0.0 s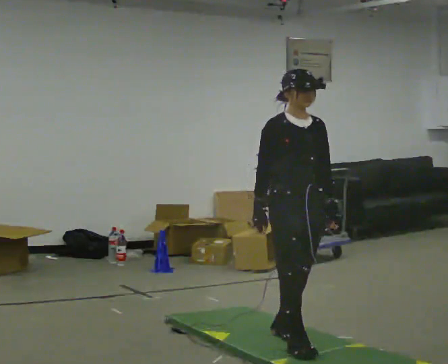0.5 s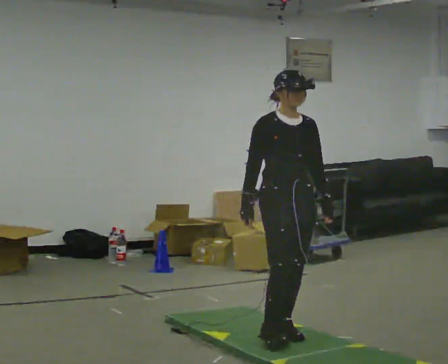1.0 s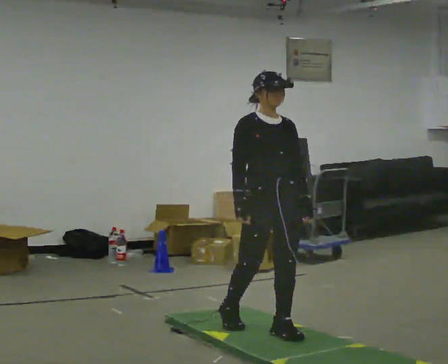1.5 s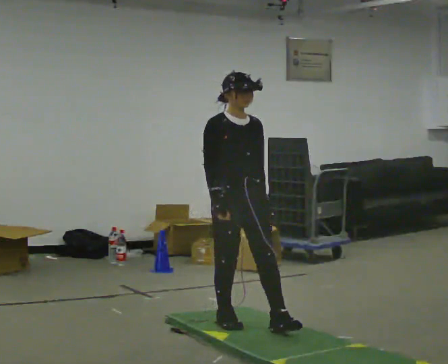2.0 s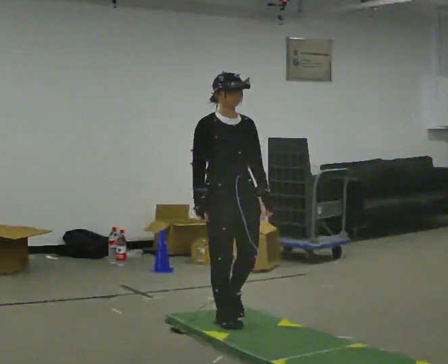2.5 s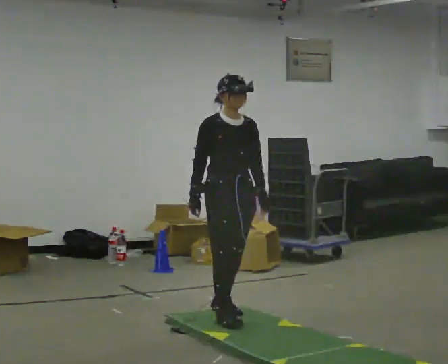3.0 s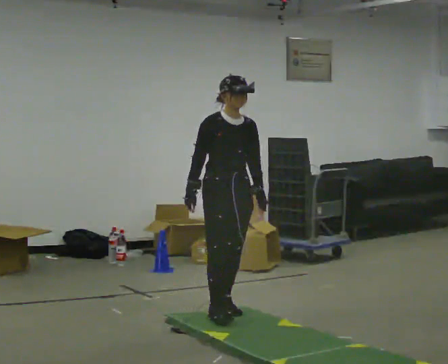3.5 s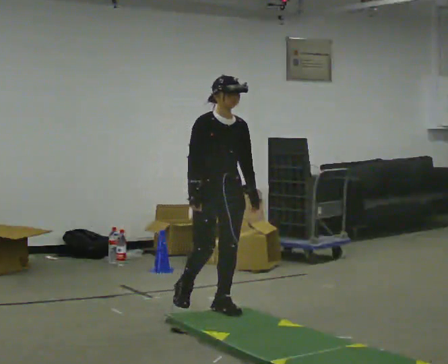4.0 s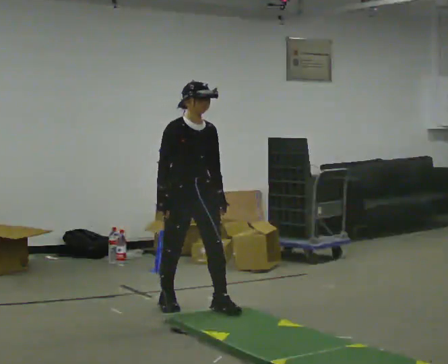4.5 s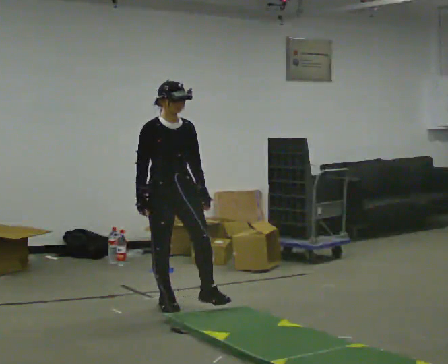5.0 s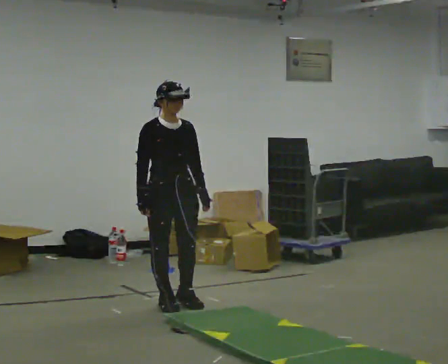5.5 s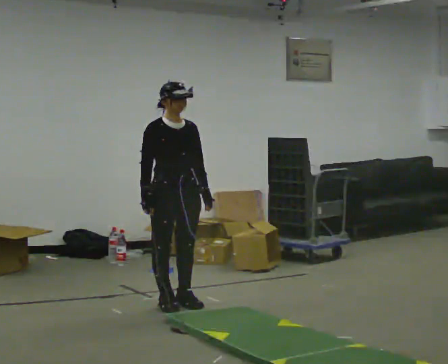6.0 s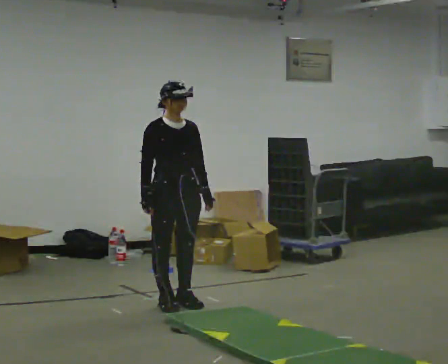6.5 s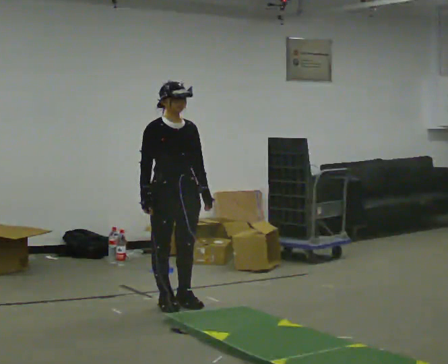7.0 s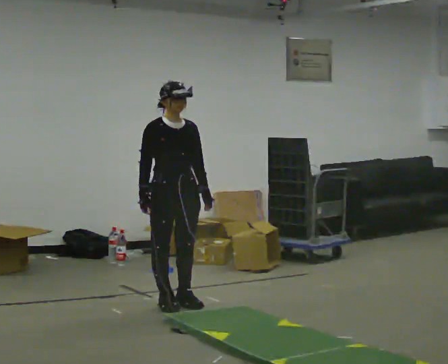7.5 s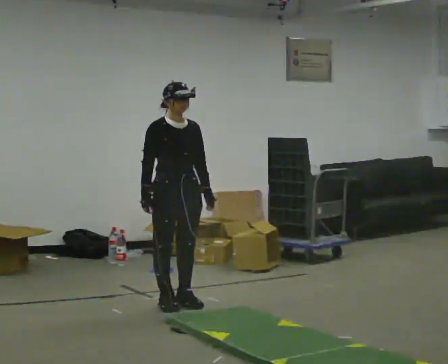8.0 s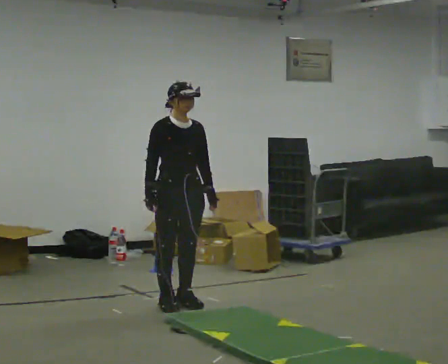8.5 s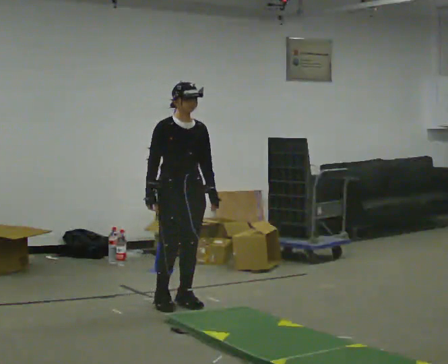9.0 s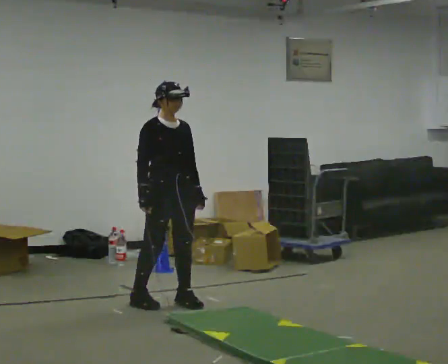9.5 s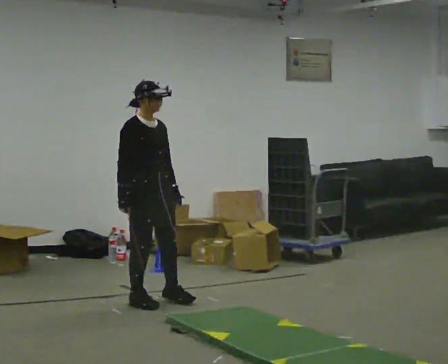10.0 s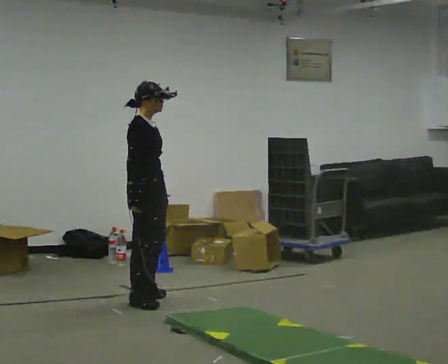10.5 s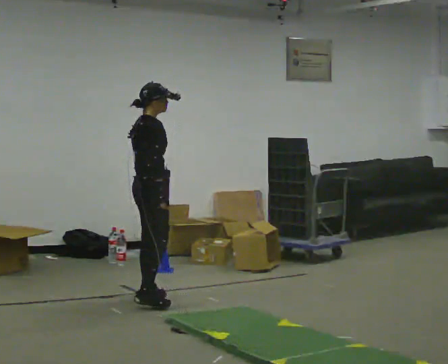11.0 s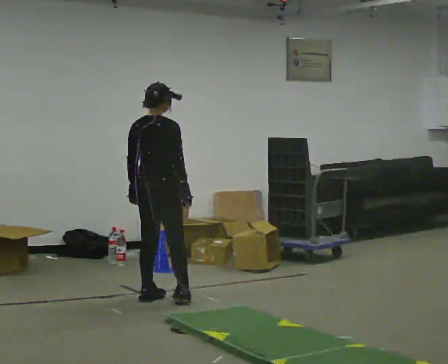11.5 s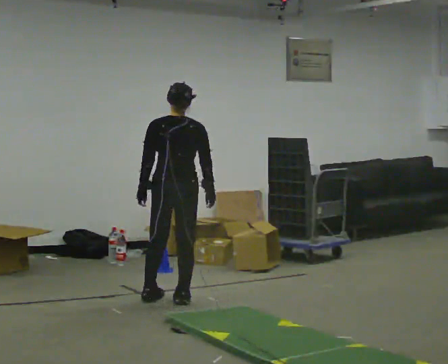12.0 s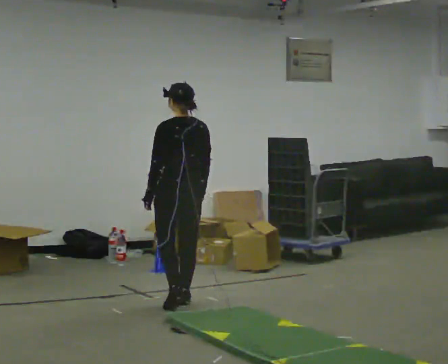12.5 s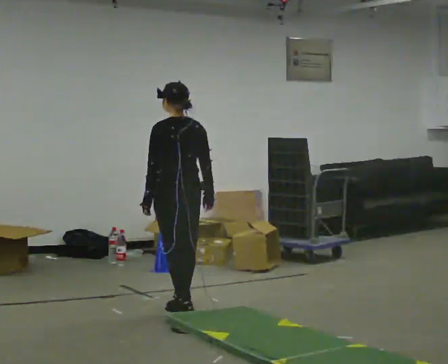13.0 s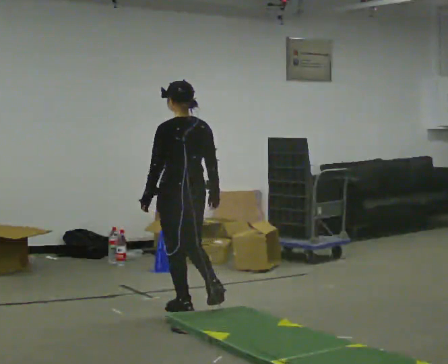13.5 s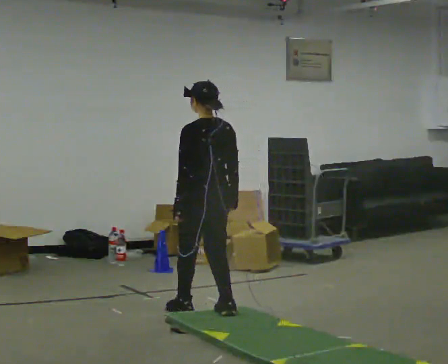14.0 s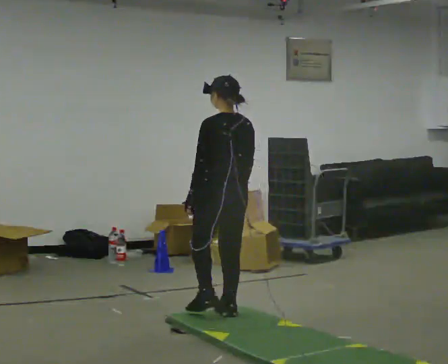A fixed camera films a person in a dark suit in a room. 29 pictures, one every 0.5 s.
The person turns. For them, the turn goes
to their left.
The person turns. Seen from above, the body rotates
counterclockwise.
0.0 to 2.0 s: In the picture they go away from the camera and to the left, about 0.5 m in 2 steps, which for them is backward.
2.0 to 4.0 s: In the picture they go away from the camera and to the left, about 0.5 m in 1 step, which for them is backward.
4.0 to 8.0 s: In the picture they go away from the camera, about 0.25 m in 1 step, which for them is backward.
8.0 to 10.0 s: The part of the body nearest the lens slides to the right as the person turns to their left by about 45 degrees. In the picture they go to the left, about 0.25 m in 2 steps, which for them is to their right and backward. In the picture their left hand goes to the left.
10.0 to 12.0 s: The part of the body nearest the lens slides to the right as the person turns to their left by about 135 degrees. In the picture they go to the right, about 0.25 m in 2 steps.
12.0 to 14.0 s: In the picture they go toward the camera and to the right, about 0.5 m in 2 steps, which for them is backward.
The film runs backward here.
